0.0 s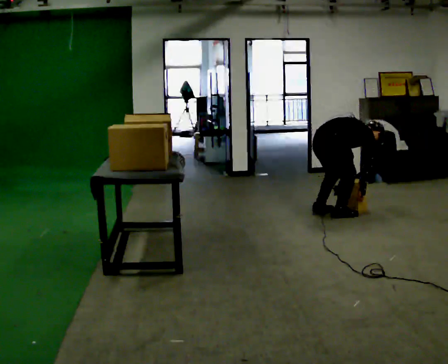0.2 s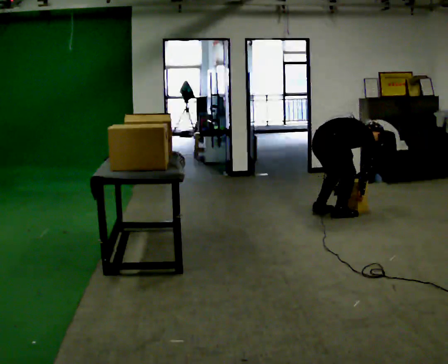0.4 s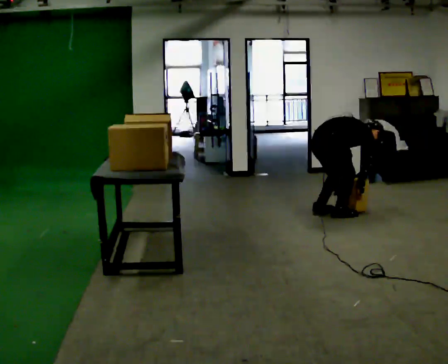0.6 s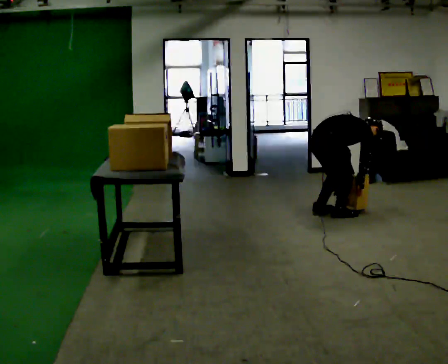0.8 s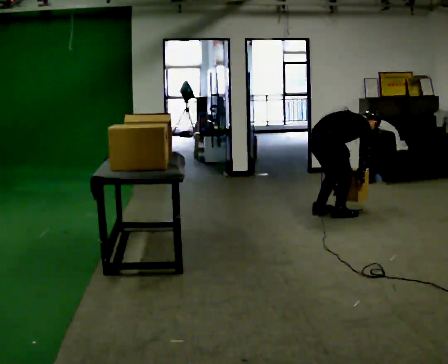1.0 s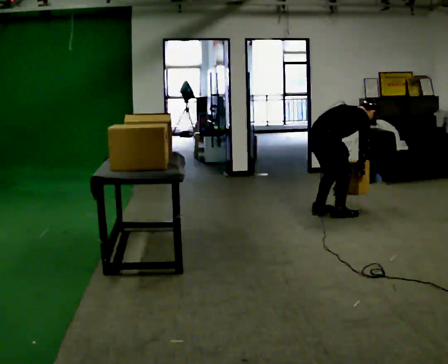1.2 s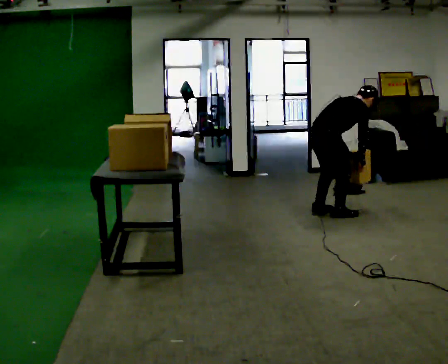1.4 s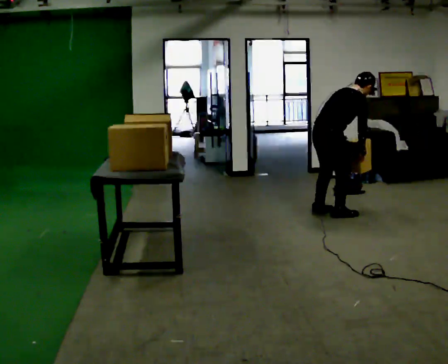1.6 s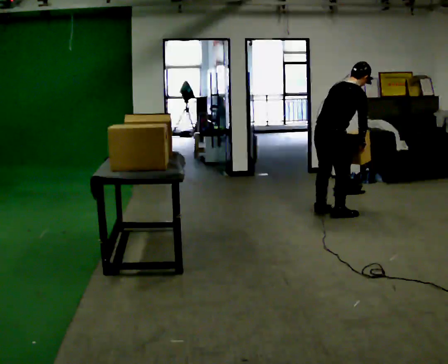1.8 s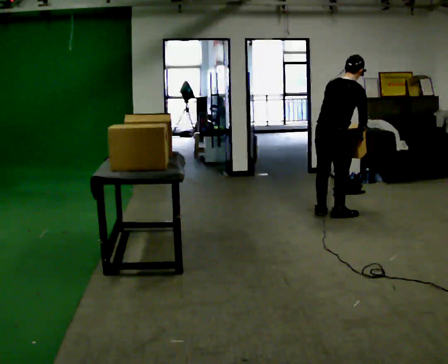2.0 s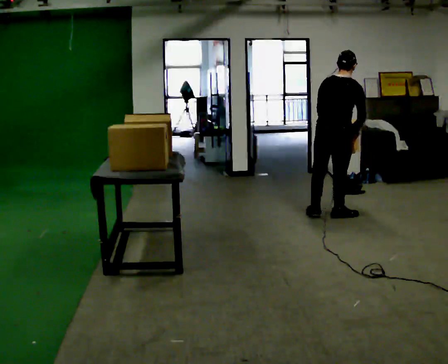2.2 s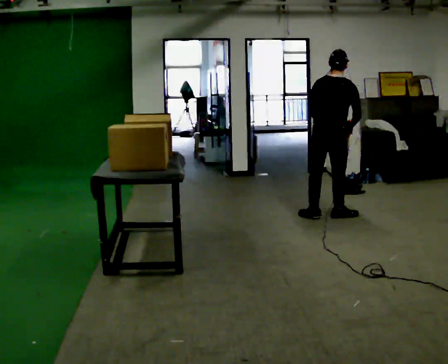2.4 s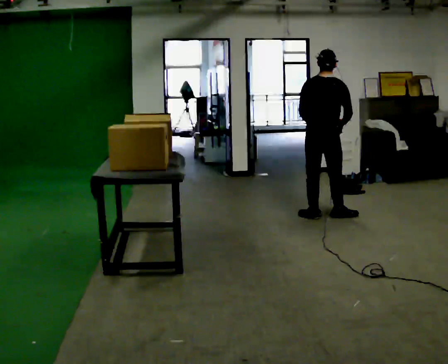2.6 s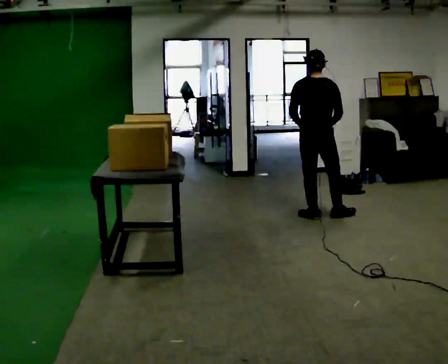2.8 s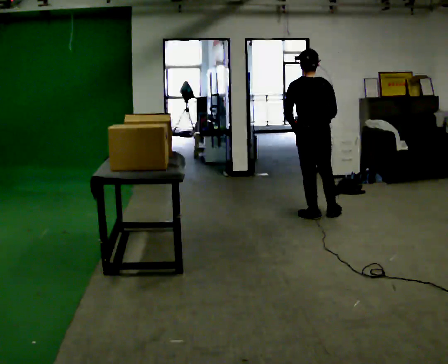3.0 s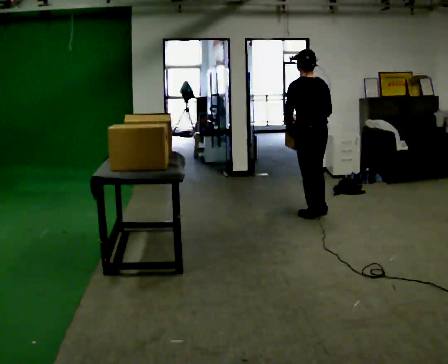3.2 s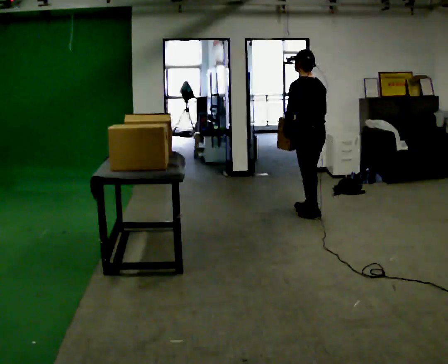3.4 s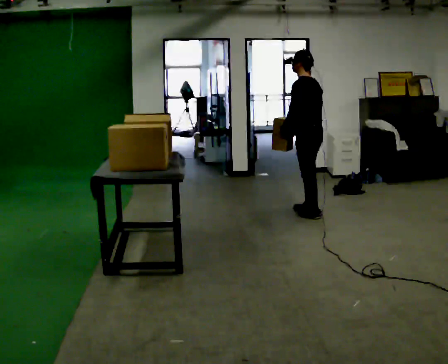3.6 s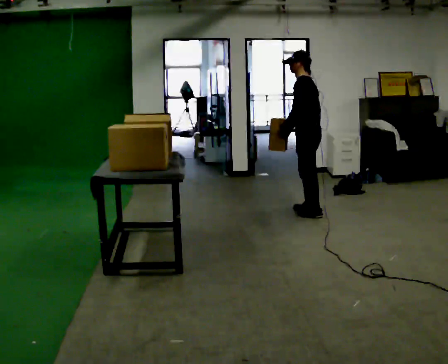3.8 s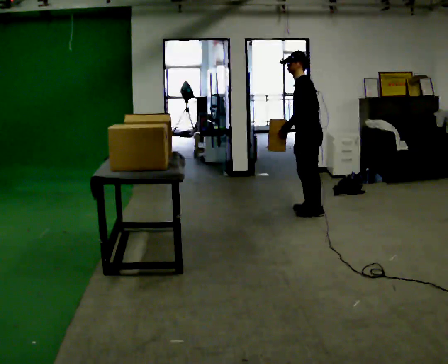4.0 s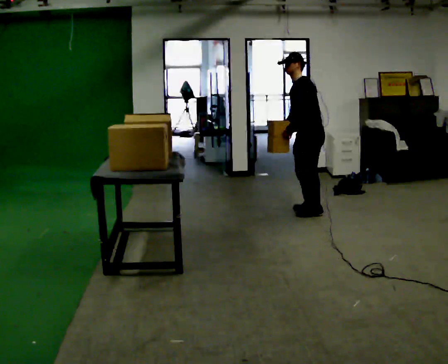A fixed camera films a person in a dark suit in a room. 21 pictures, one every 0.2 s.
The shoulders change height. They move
upward.
Their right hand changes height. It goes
upward.
0.0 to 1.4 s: The shoulders move upward. The upper body tips toward the camera, its near side rolling downward, as they lean back or straighten. In the picture their right hand goes upward.
1.4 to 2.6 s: The part of the body nearest the lens slides to the right as the person turns to their left by about 60 degrees. In the picture the upper body tilts counterclockwise, shoulders to the left, as they lean back or straighten. In the picture their right hand goes to the left.
2.6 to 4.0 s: The part of the body nearest the lens slides to the right as the person turns to their left by about 105 degrees. In the picture they go away from the camera, about 0.25 m in 1 step. In the picture the upper body tilts counterclockwise, shoulders to the left.
The film runs forward here.
